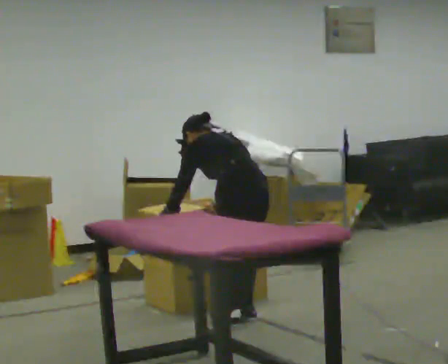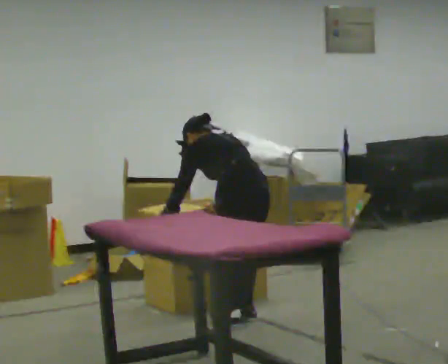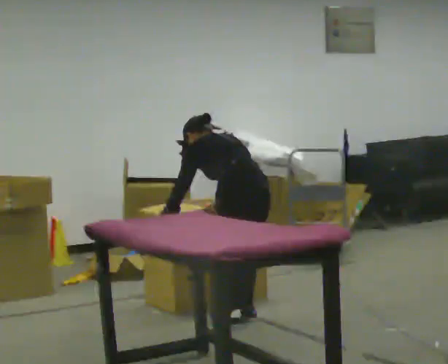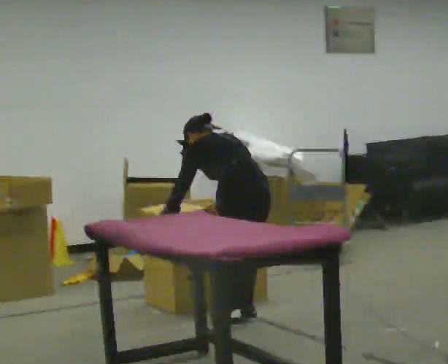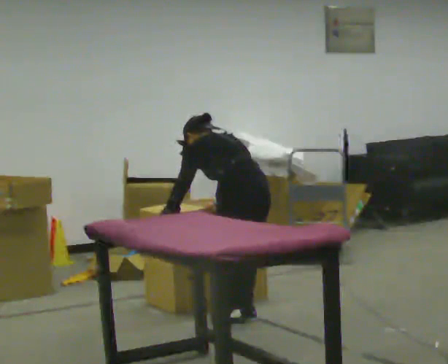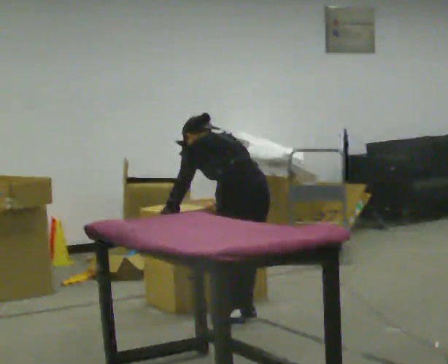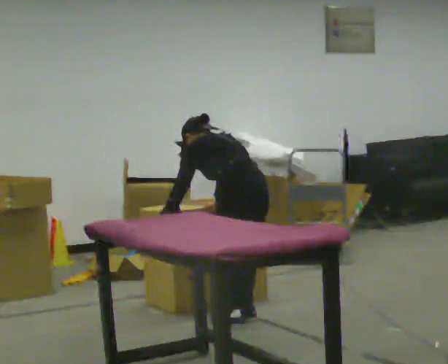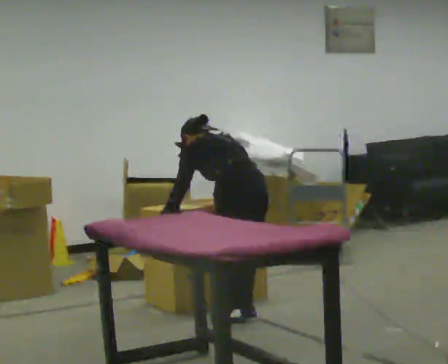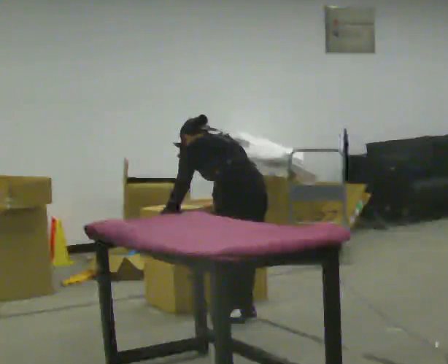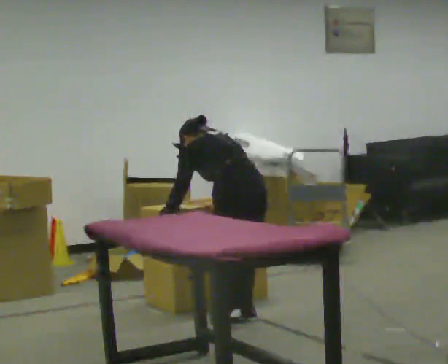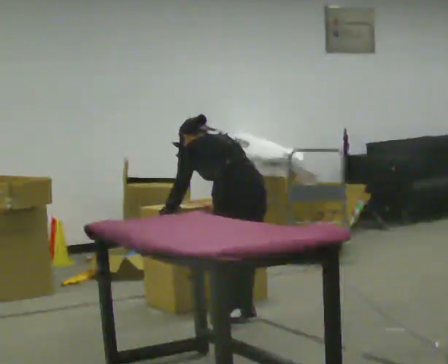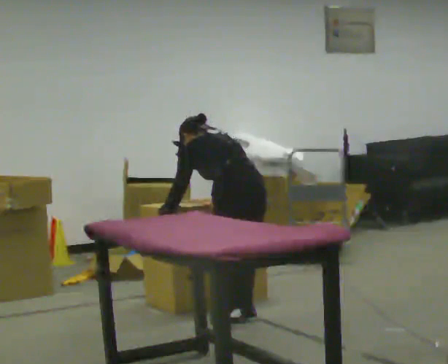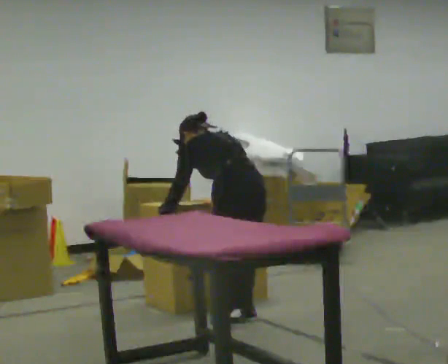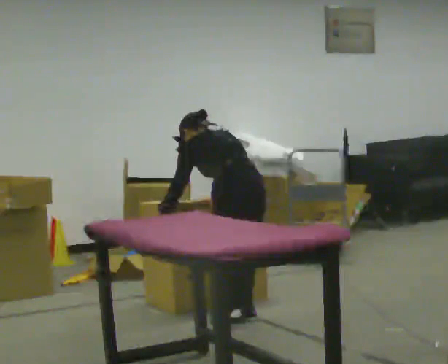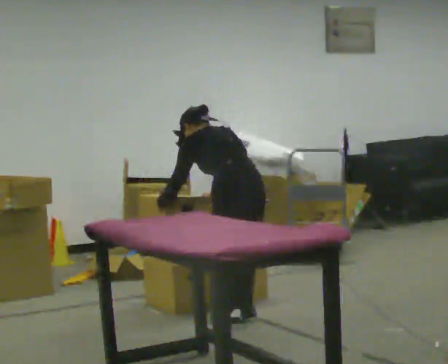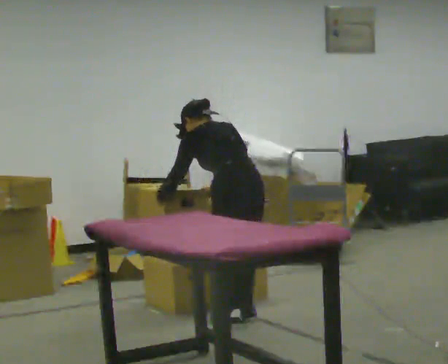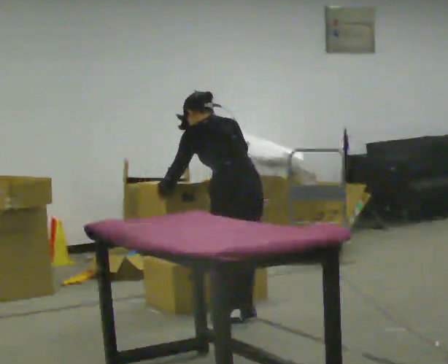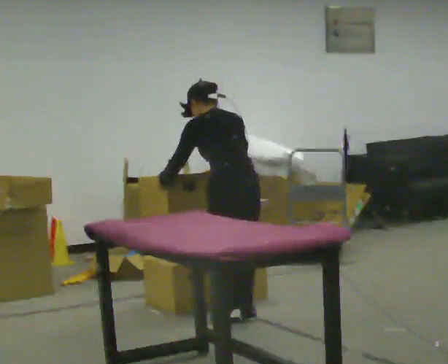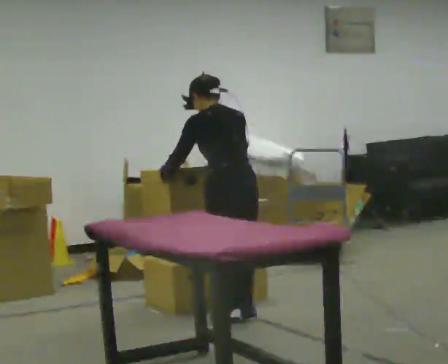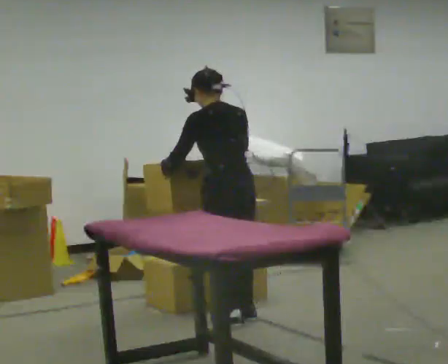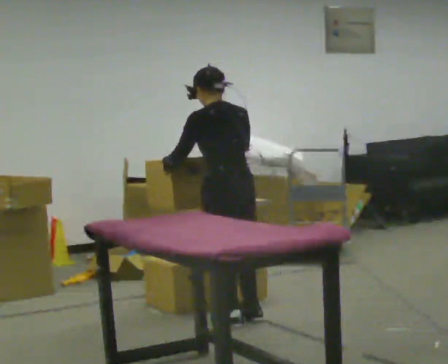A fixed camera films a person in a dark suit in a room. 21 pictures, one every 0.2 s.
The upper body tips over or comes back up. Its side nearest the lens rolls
downward.
0.0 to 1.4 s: The person keeps their place and pose.
1.4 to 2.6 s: The person moves a little, or ends about where they began.
2.6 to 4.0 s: The shoulders move upward. The upper body tips toward the camera, its near side rolling downward, as they lean back or straighten.
The film runs backward here.
